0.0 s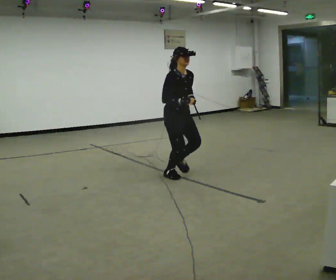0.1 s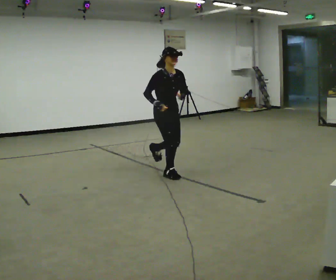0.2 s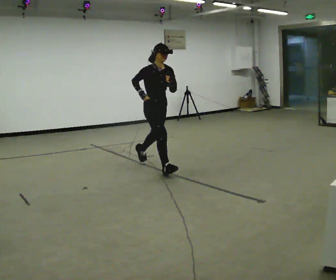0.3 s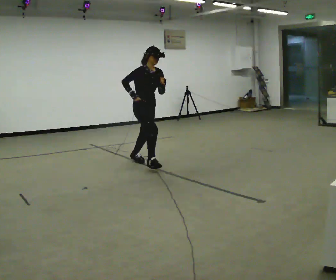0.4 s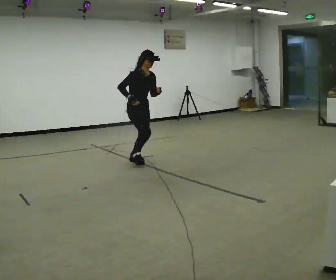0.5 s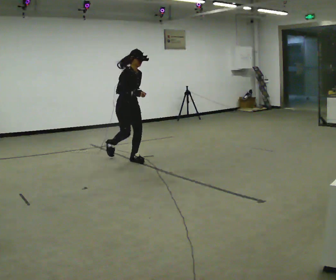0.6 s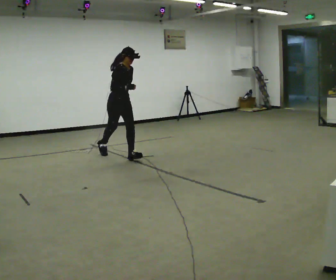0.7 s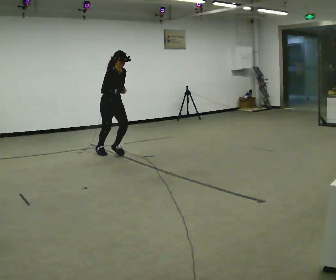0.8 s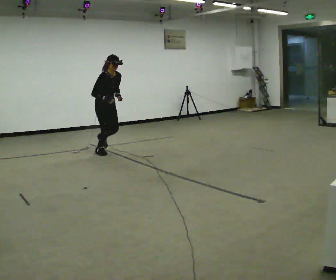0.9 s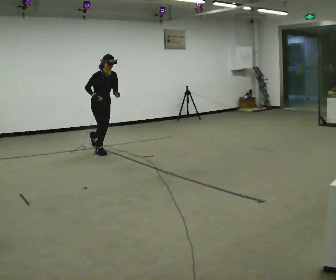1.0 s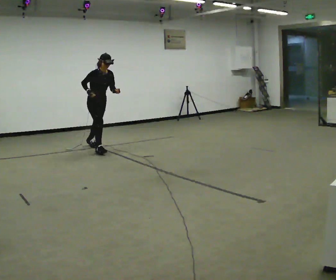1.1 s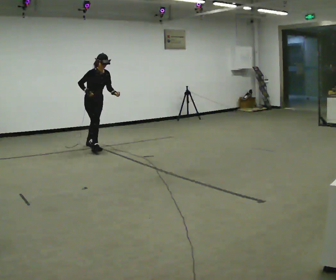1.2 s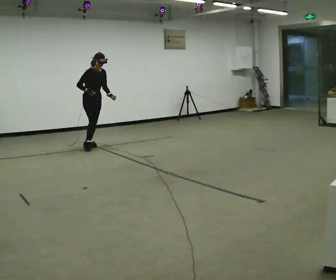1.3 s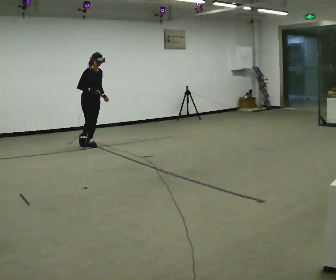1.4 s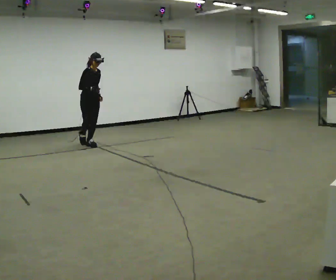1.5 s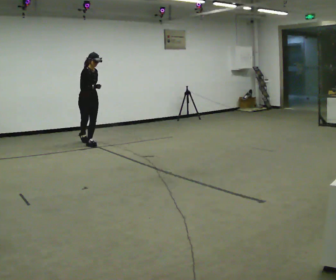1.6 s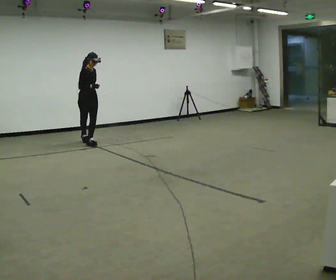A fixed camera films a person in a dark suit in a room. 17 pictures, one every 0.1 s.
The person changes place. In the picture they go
away from the camera.
0.0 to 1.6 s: In the picture they go away from the camera and to the left, about 2.5 m in 3 steps, which for them is backward.
The film runs backward here.
